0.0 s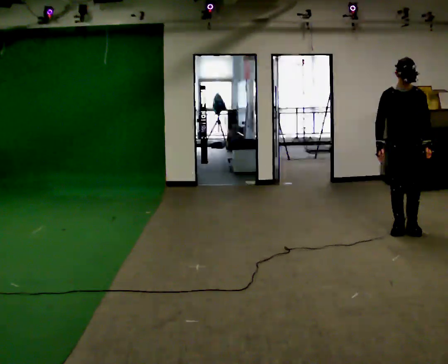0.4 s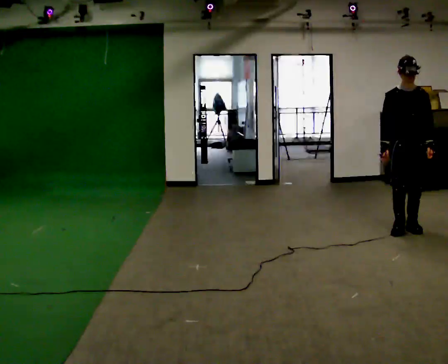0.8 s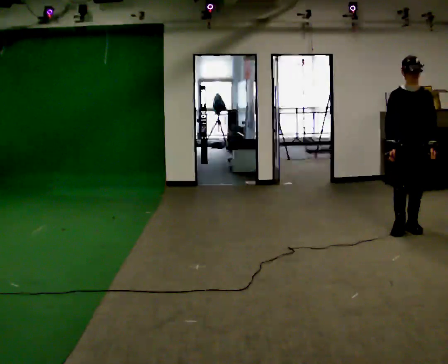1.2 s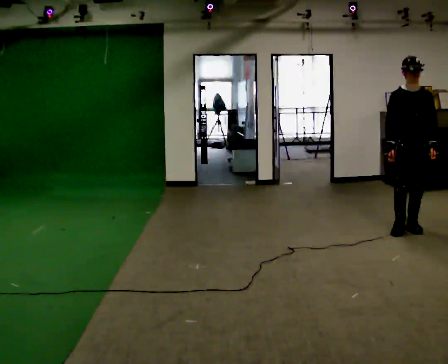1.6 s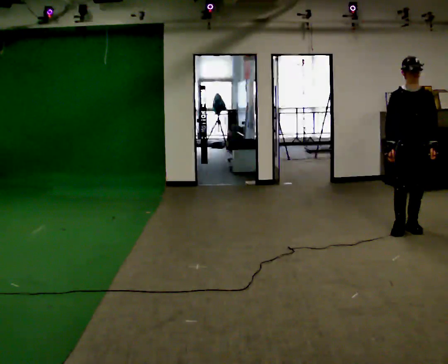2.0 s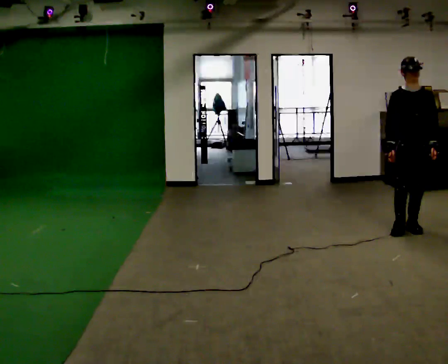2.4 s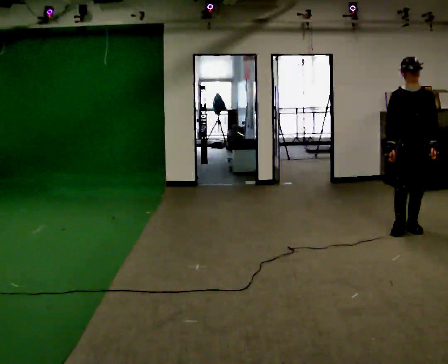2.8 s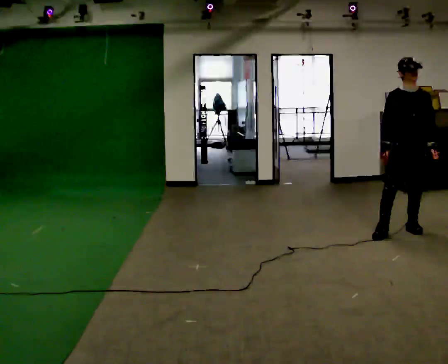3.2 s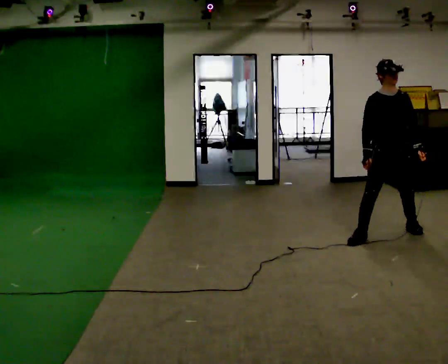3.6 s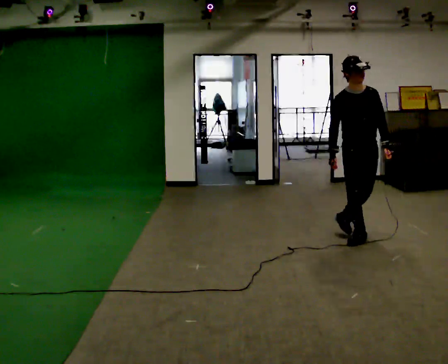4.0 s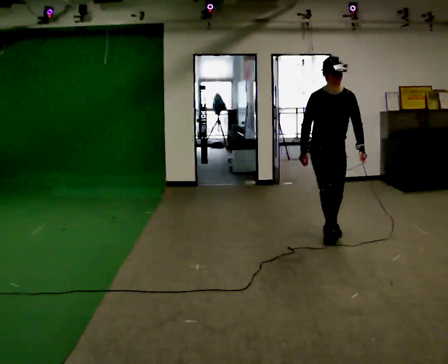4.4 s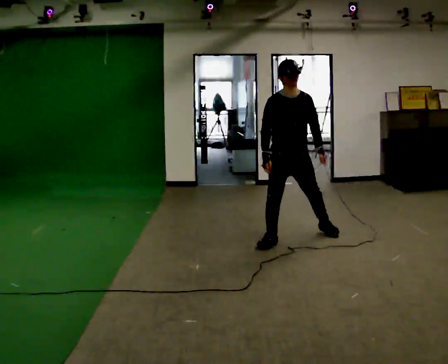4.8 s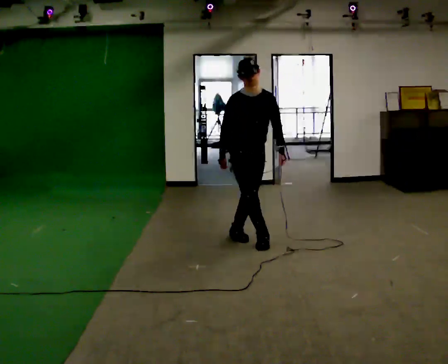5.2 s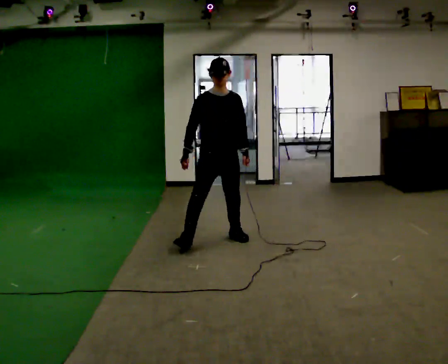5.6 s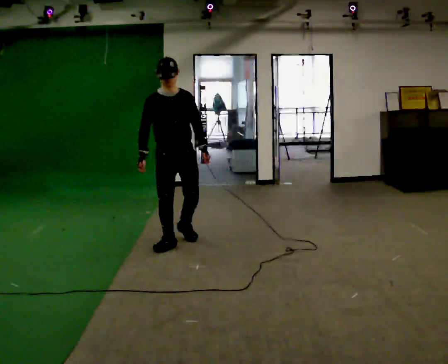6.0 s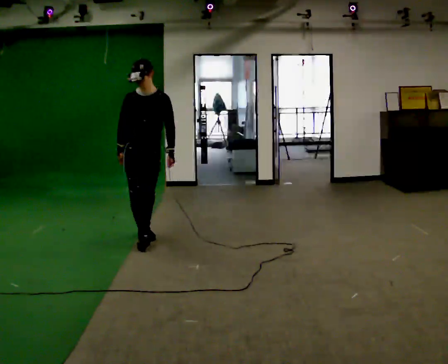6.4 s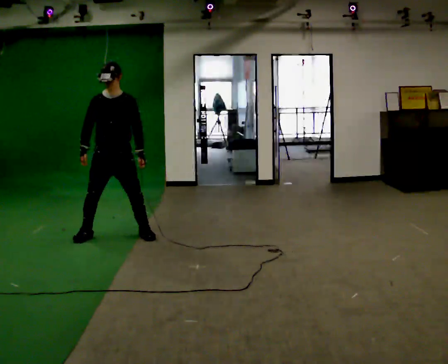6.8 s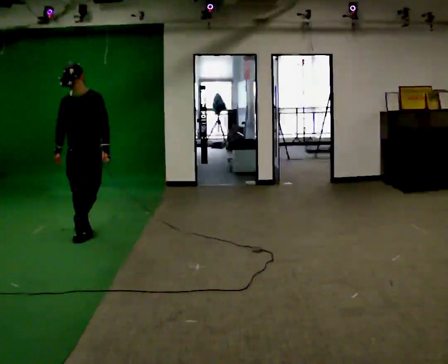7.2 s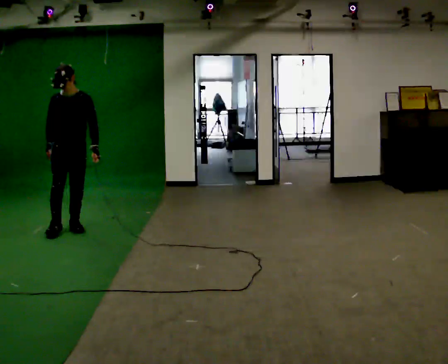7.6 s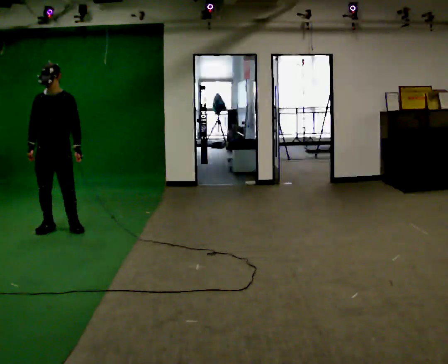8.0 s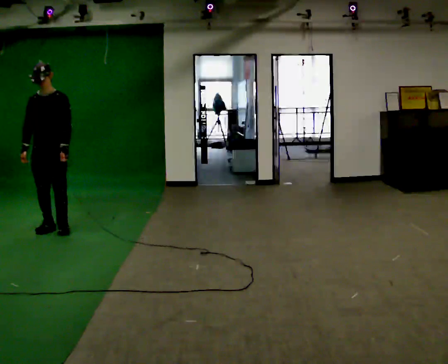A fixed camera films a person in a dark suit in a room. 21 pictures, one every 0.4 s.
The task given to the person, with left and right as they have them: Move sideways in the direction the operator calls, crossing one foot in front and then behind, alternating.
0.0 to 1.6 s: The person moves a little, or ends about where they began.
1.6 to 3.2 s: In the picture they go to the left, about 0.25 m in 1 step, which for them is to their right.
3.2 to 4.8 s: In the picture they go to the left, about 1.5 m in 3 steps, which for them is to their right.
4.8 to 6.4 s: In the picture they go to the left, about 1.5 m in 3 steps, which for them is to their right and backward.
6.4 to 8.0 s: In the picture they go to the left, about 0.75 m in 2 steps, which for them is to their right and backward.
The film runs forward here.
